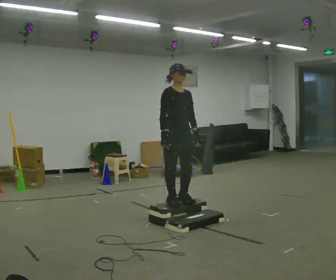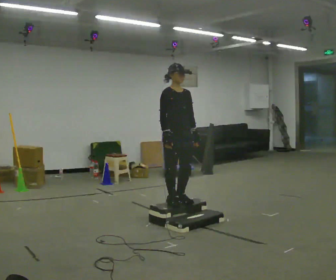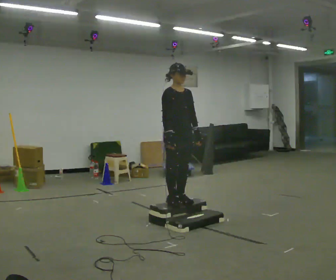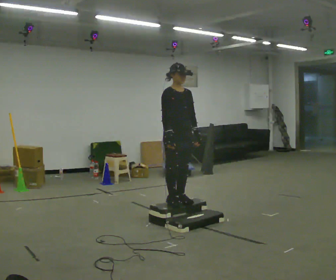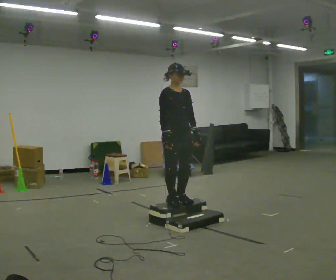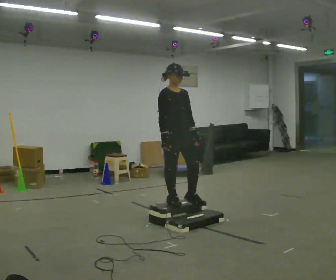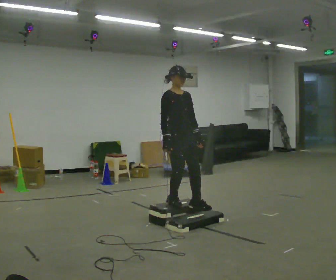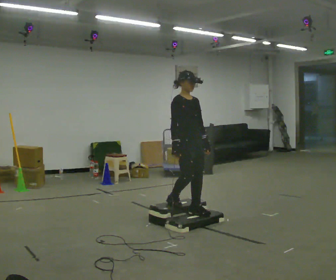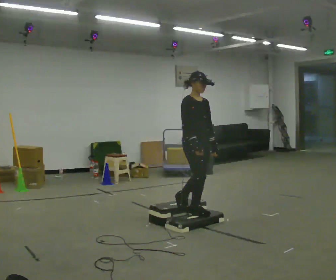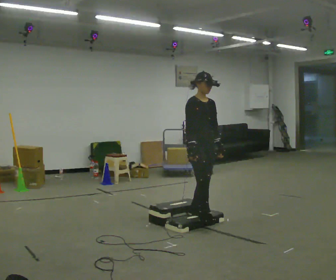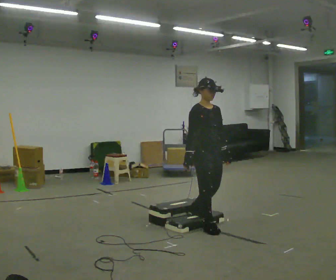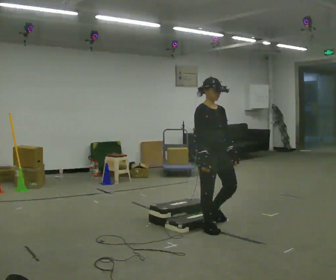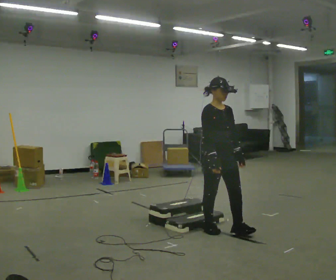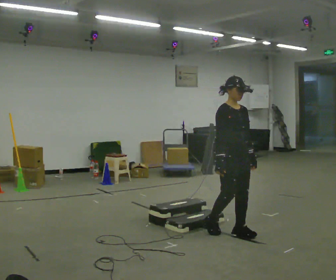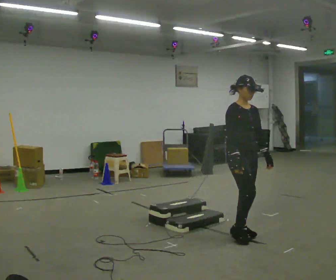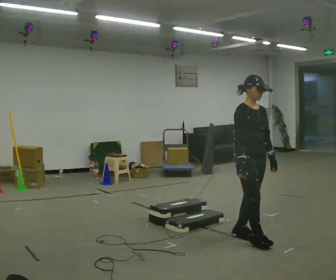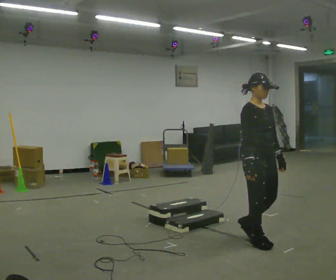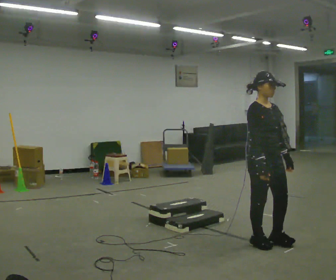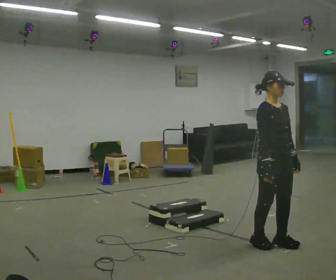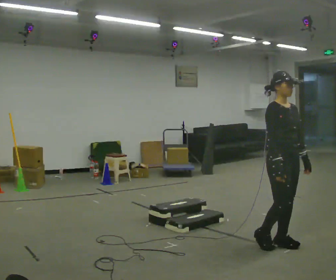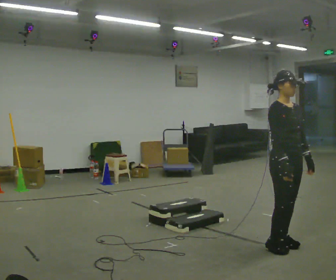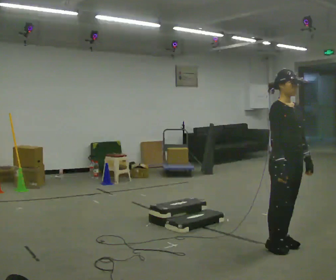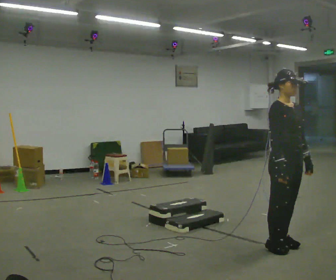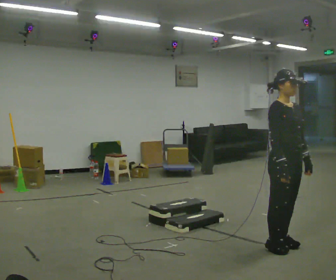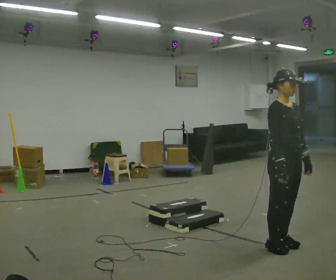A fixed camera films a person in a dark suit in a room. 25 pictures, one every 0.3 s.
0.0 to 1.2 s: The person moves a little, or ends about where they began.
1.2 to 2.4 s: In the picture they go to the right, about 0.25 m in 1 step, which for them is forward.
2.4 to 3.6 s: In the picture they go toward the camera and to the right, about 0.5 m in 1 step, which for them is forward.
3.6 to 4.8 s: In the picture they go toward the camera and to the right, about 0.5 m in 2 steps, which for them is forward.
4.8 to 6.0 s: In the picture they go to the right and toward the camera, about 0.25 m in 2 steps, which for them is forward.
6.0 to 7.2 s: The person moves a little, or ends about where they began.
The film runs forward here.
